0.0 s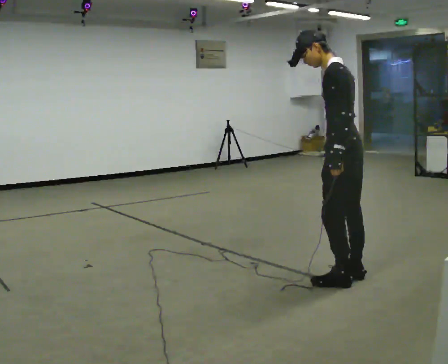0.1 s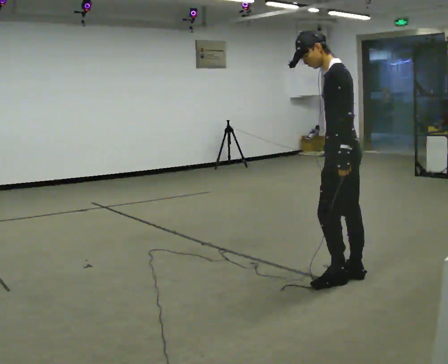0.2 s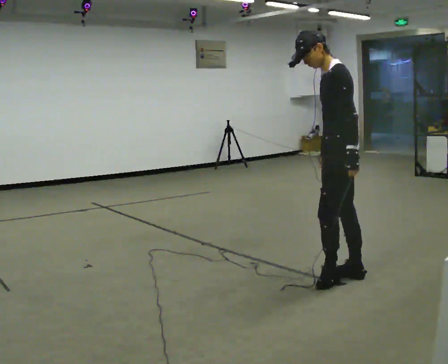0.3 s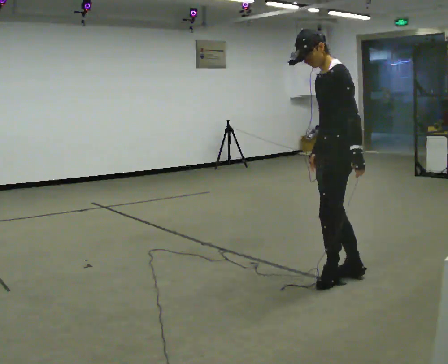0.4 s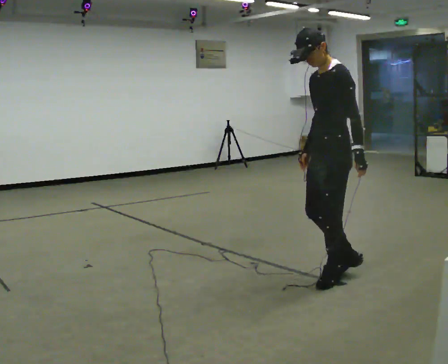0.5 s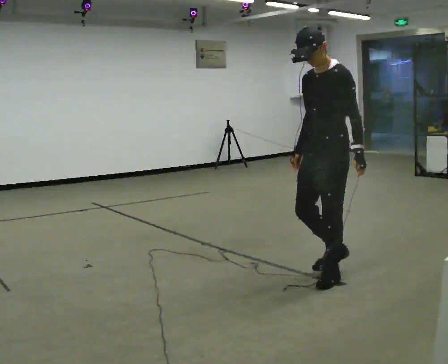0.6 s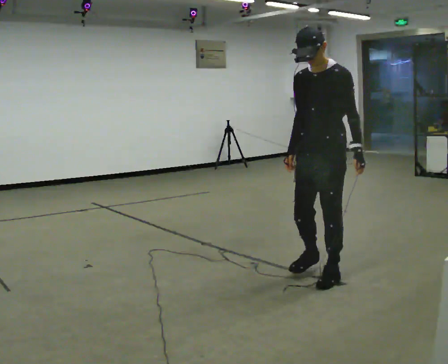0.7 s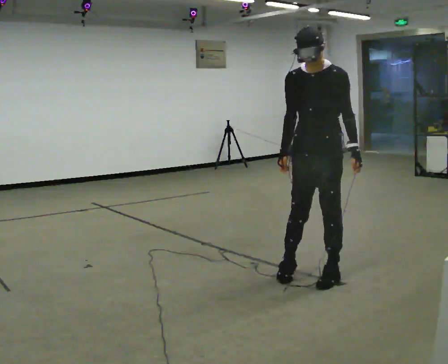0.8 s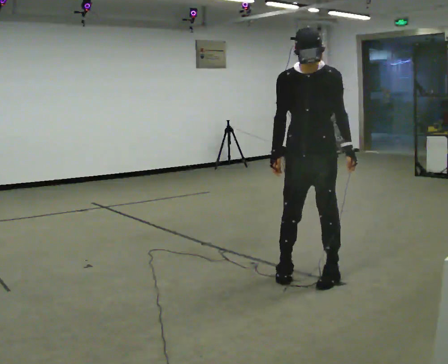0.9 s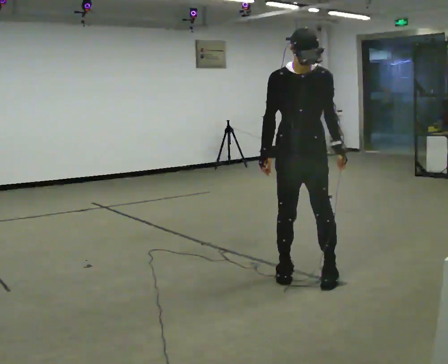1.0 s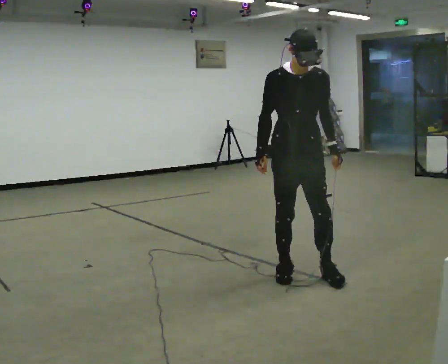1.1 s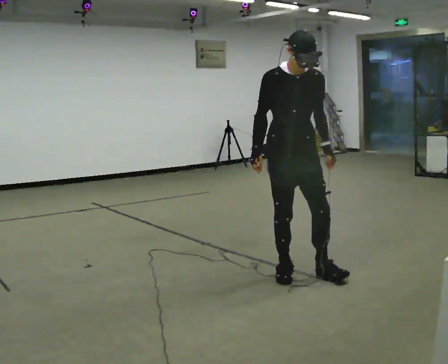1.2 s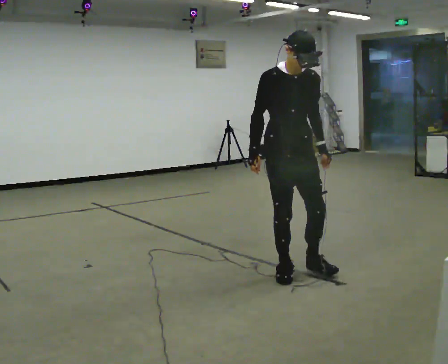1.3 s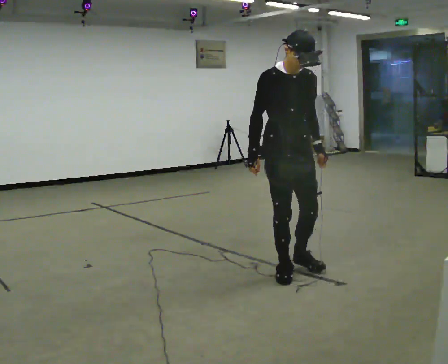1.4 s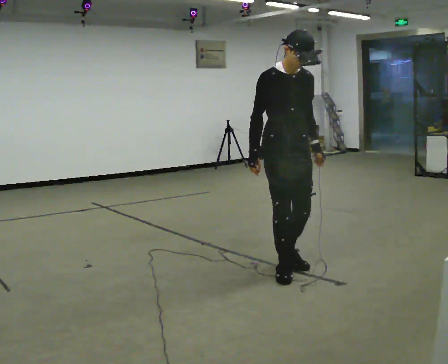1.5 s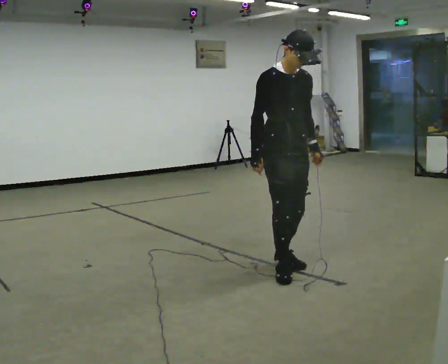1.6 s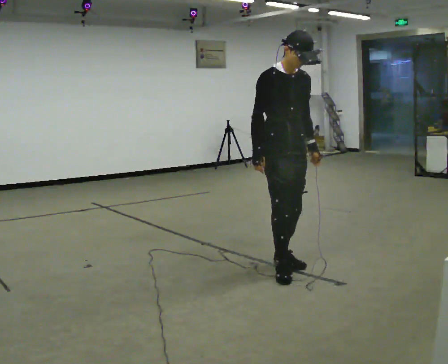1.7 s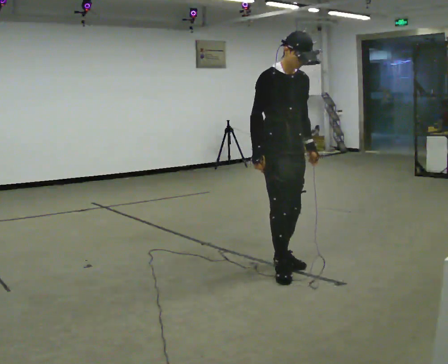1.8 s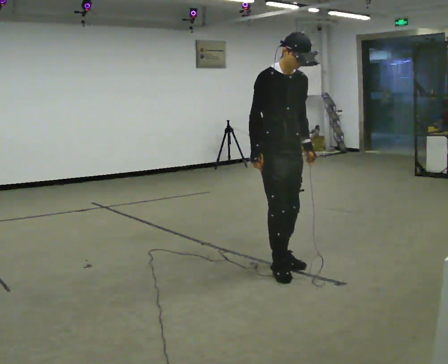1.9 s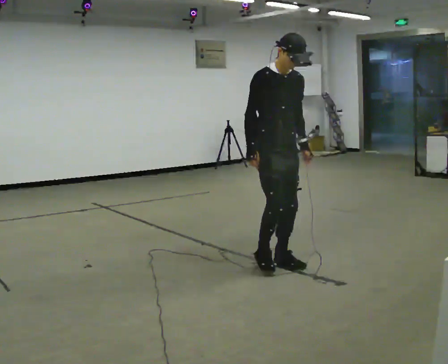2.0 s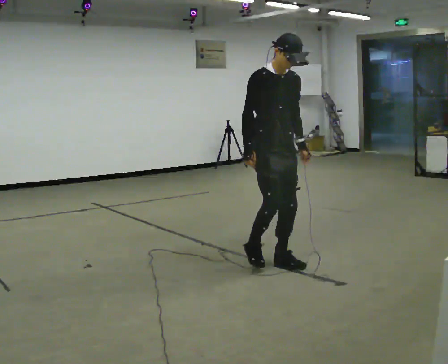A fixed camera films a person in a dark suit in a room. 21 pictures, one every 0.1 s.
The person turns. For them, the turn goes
to their left.
The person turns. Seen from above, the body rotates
counterclockwise.
0.0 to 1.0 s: The part of the body nearest the lens slides to the right as the person turns to their left by about 120 degrees. In the picture they go to the left, about 0.5 m in 2 steps. The upper body tips toward the camera, its near side rolling downward.
1.0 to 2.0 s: In the picture they go away from the camera and to the left, about 0.25 m in 1 step, which for them is backward.
The film runs forward here.
